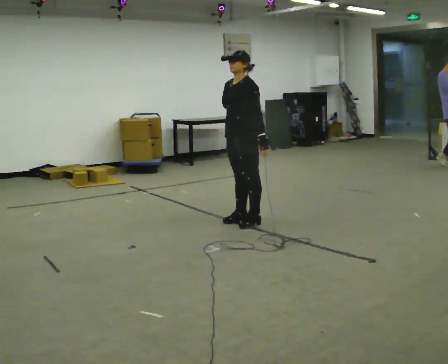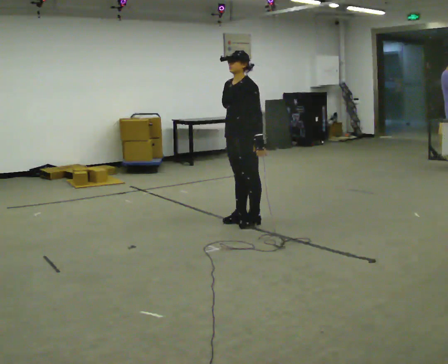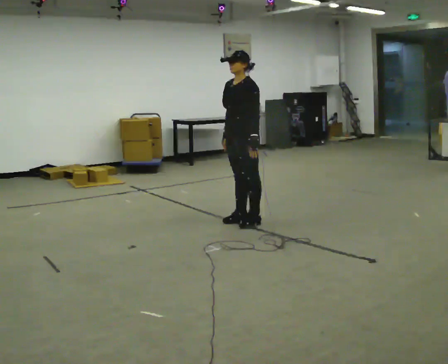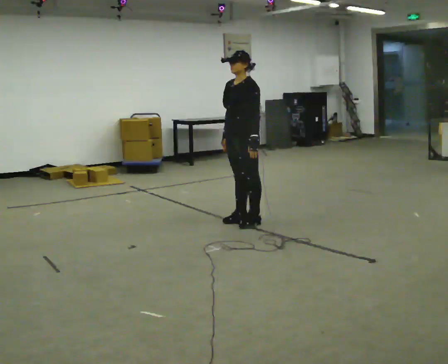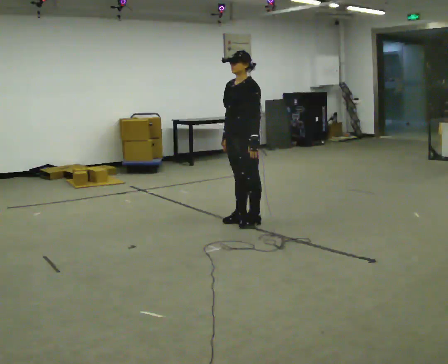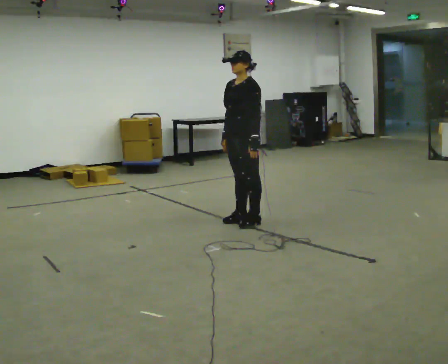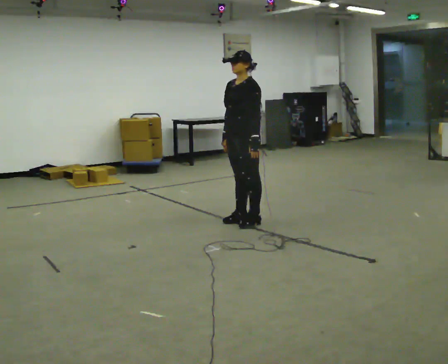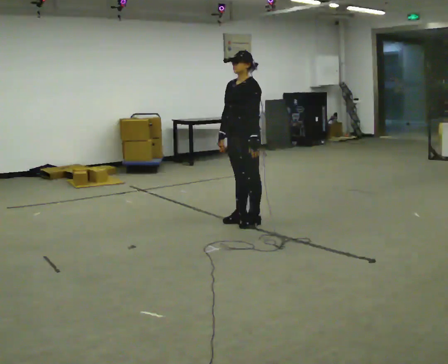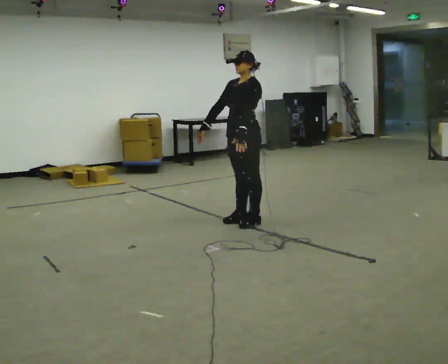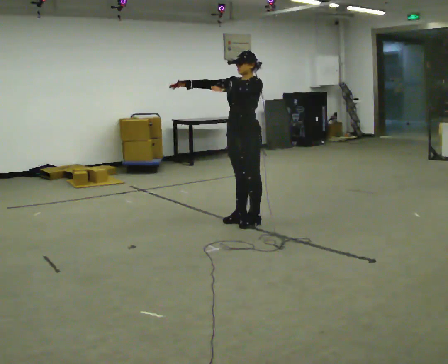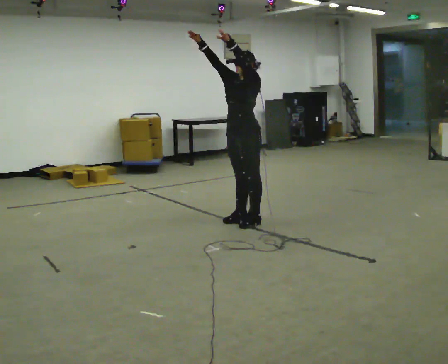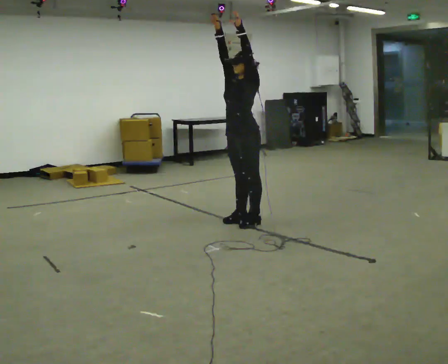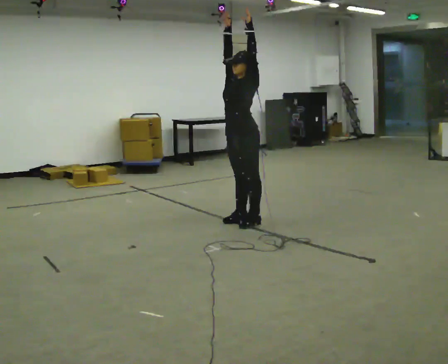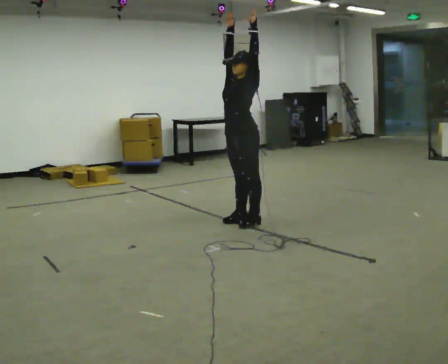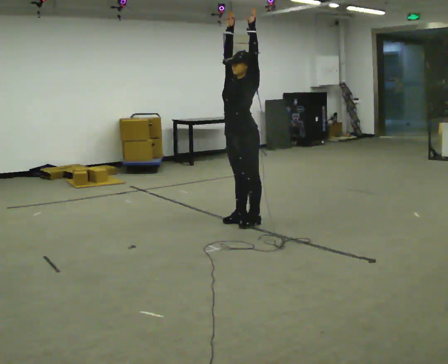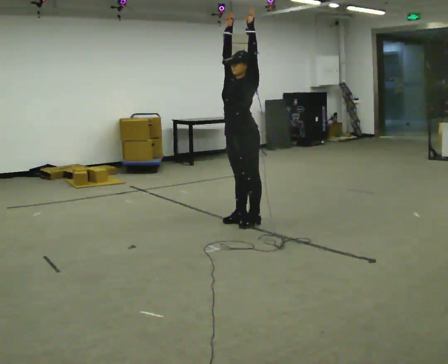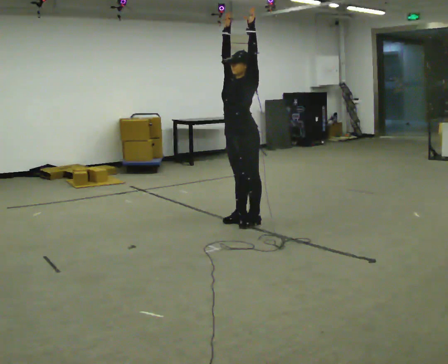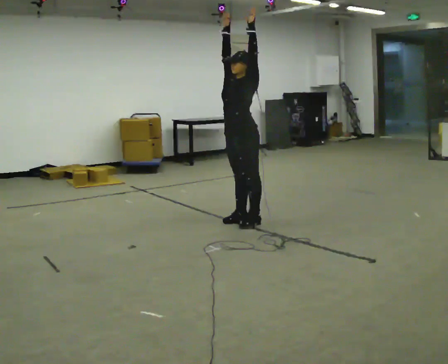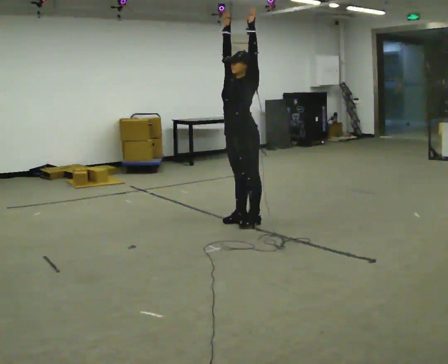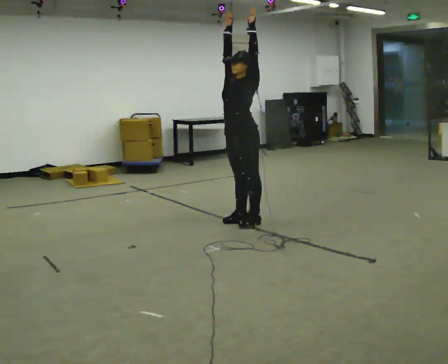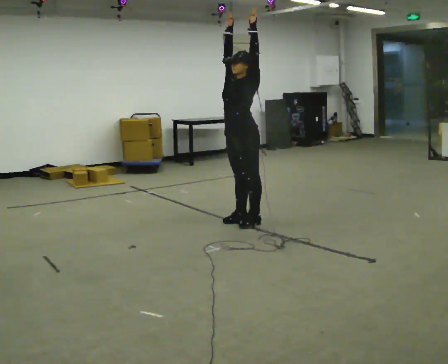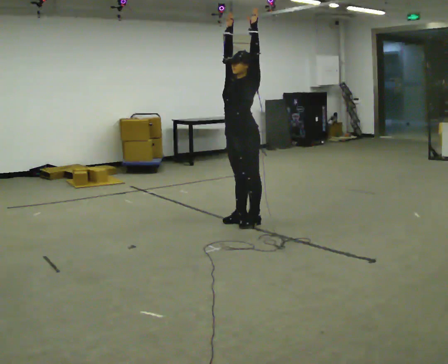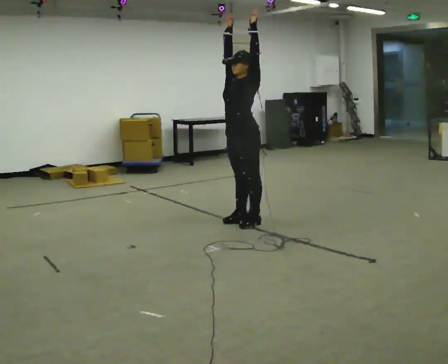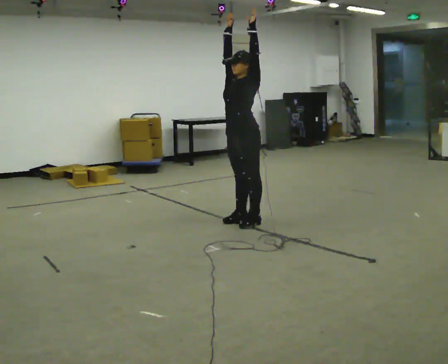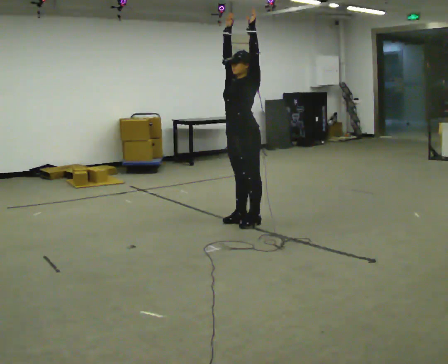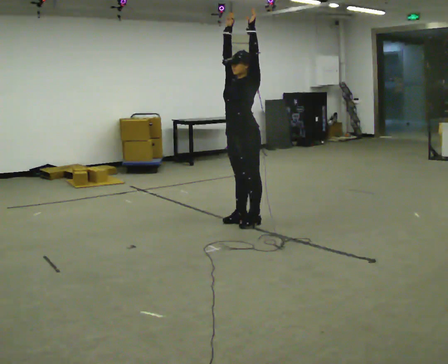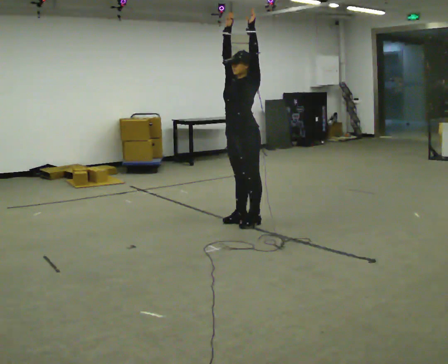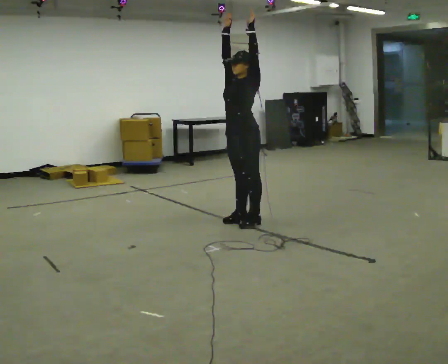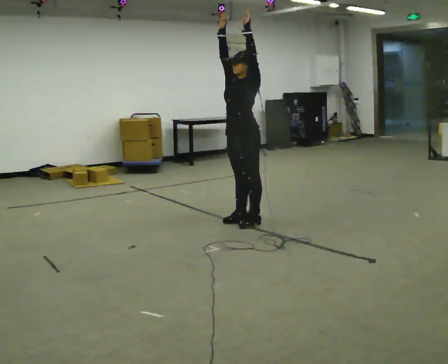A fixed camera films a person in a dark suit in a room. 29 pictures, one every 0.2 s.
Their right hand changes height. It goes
upward.
Their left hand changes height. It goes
upward.
0.0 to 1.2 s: The person moves a little, or ends about where they began.
1.2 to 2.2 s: In the picture their left hand goes upward.
2.2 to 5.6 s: The person moves a little, or ends about where they began.
The film runs forward here.
